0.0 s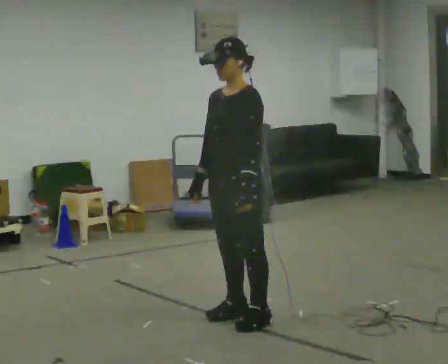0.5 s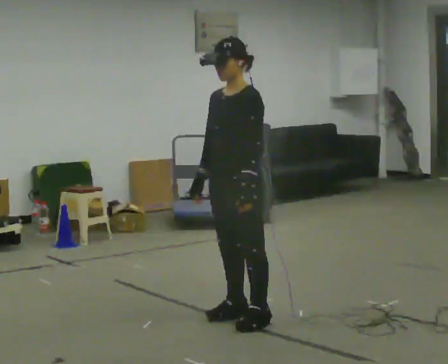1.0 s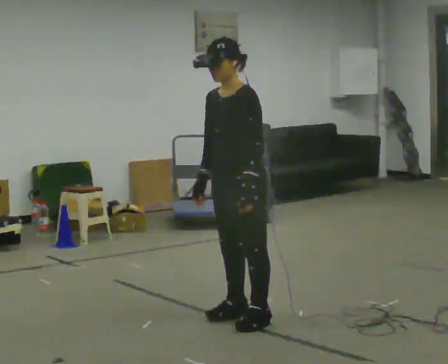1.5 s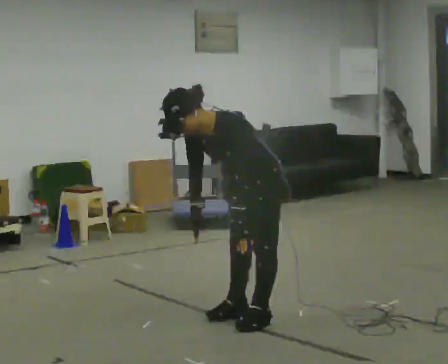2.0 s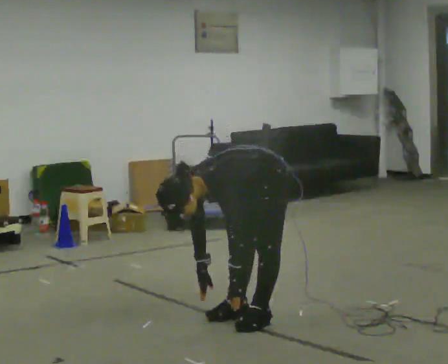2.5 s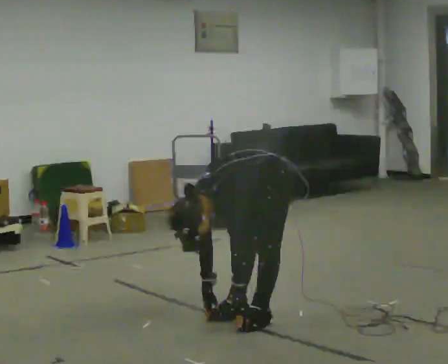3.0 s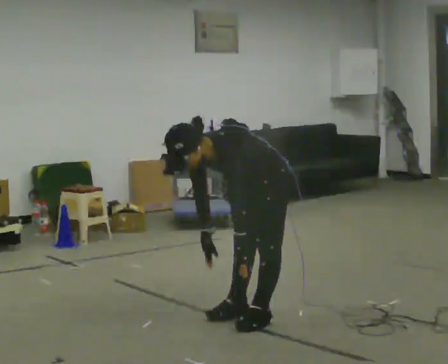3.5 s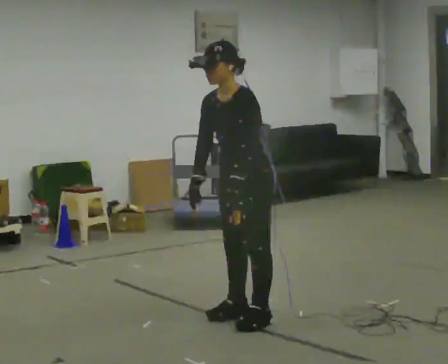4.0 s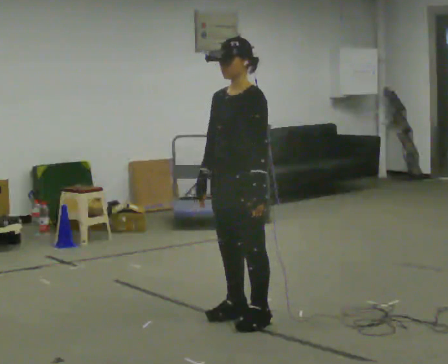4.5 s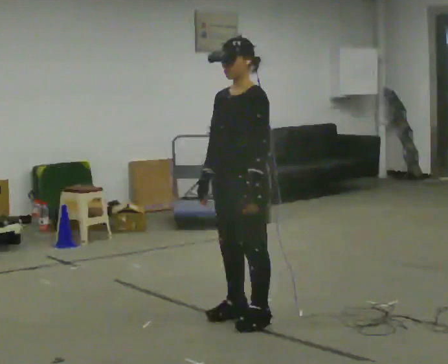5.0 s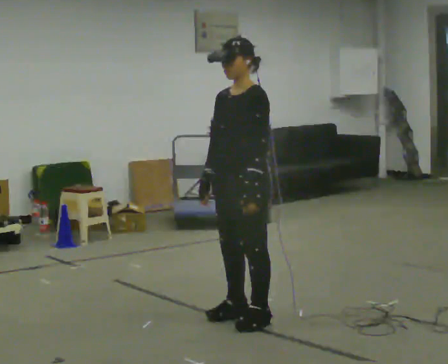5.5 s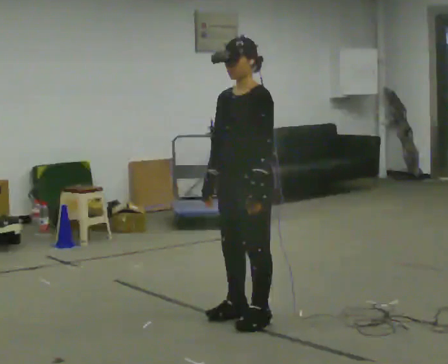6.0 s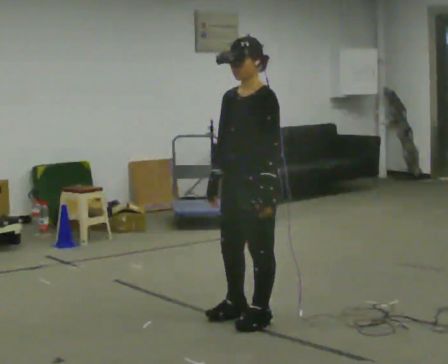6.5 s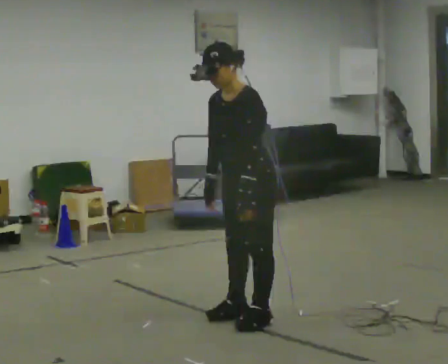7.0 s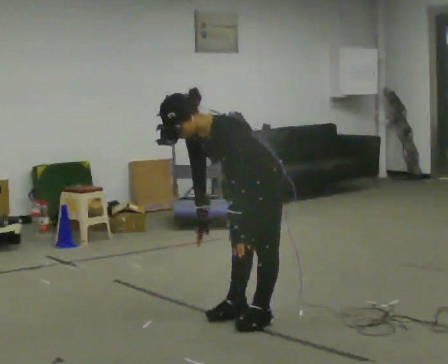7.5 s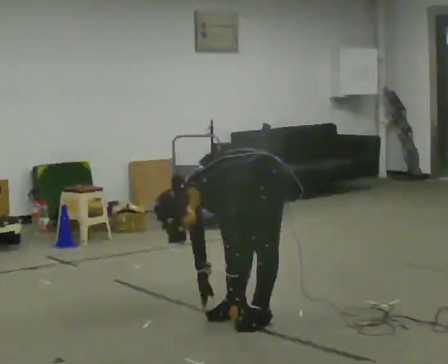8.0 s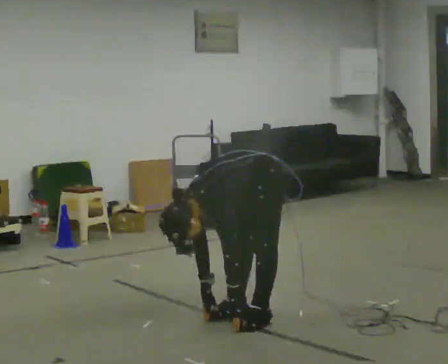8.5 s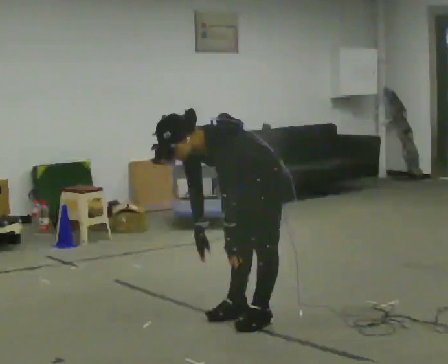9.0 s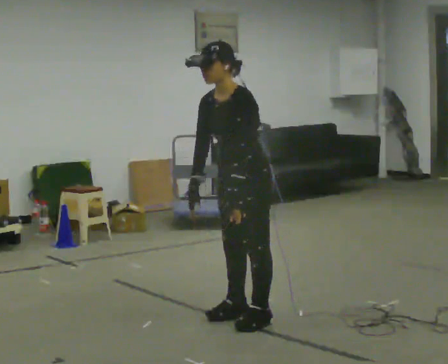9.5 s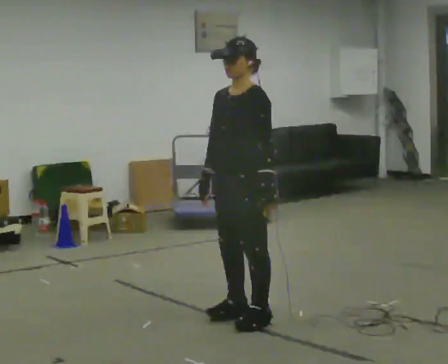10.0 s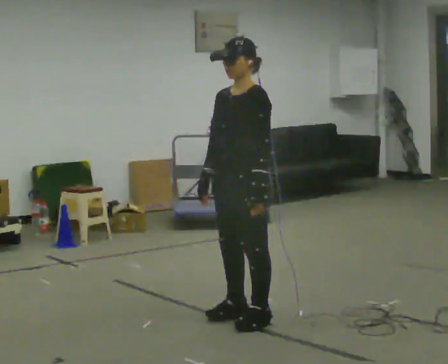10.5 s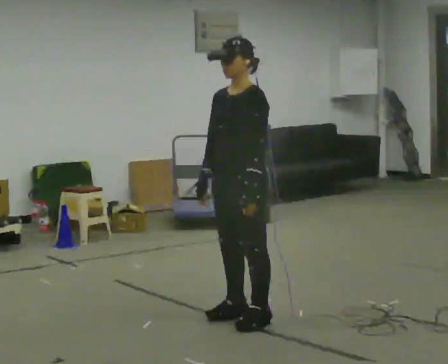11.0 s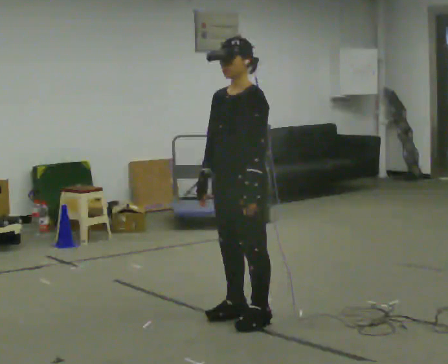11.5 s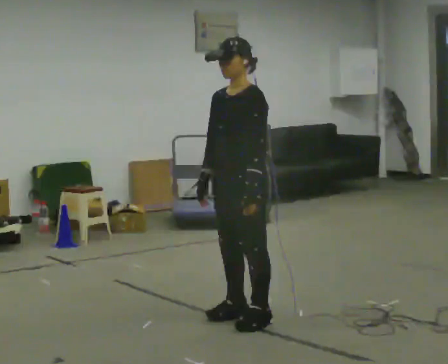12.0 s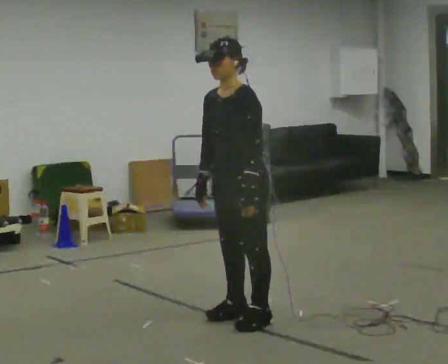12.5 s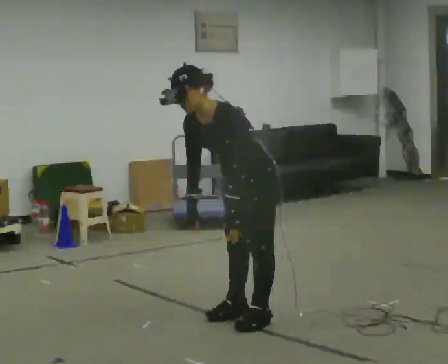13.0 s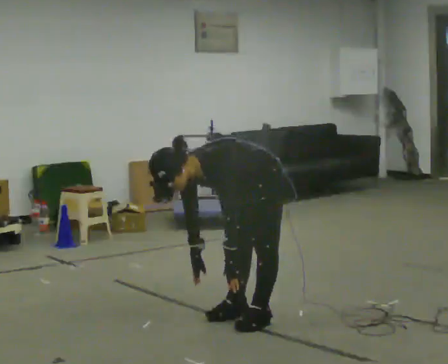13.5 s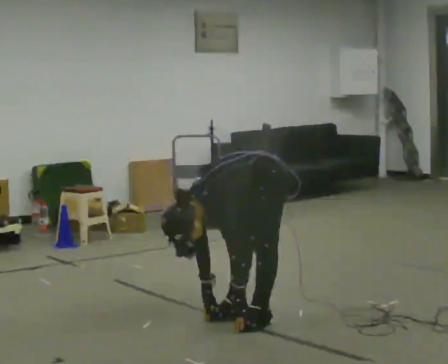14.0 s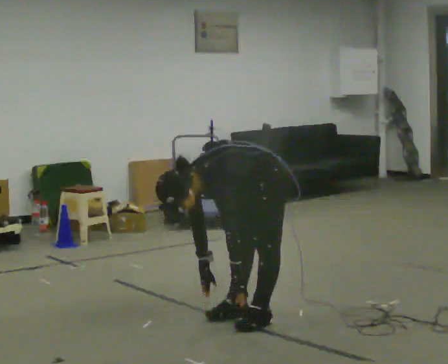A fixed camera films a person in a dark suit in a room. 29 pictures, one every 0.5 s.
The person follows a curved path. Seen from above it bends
counterclockwise.
0.0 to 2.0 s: In the picture they go to the right, about 0.25 m, which for them is backward. The shoulders move downward. In the picture the upper body tilts counterclockwise, shoulders to the left, as they bend forward. In the picture their left hand goes downward.
2.0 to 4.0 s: In the picture they go to the left, about 0.25 m, which for them is forward. The shoulders move upward. In the picture the upper body tilts clockwise, shoulders to the right, as they lean back or straighten. In the picture their right hand goes upward.
4.0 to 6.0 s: The person moves a little, or ends about where they began.
6.0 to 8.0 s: The upper body goes downward. In the picture the upper body tilts counterclockwise, shoulders to the left, as they bend forward. In the picture their right hand goes downward.
8.0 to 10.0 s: The shoulders move upward. In the picture the upper body tilts clockwise, shoulders to the right, as they lean back or straighten. In the picture their right hand goes upward.
10.0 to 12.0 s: The person moves a little, or ends about where they began.
12.0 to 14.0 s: In the picture their right hand goes downward.
The film runs forward here.
